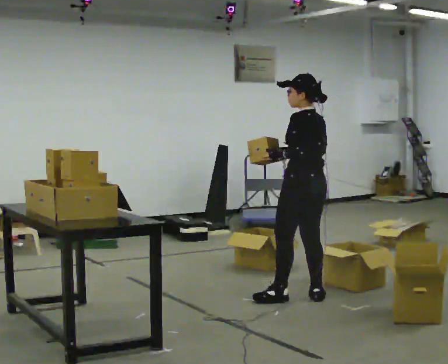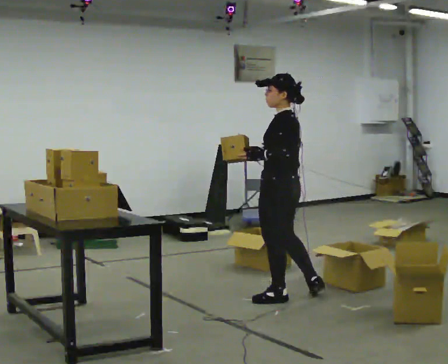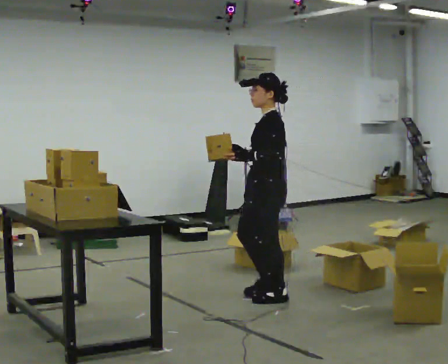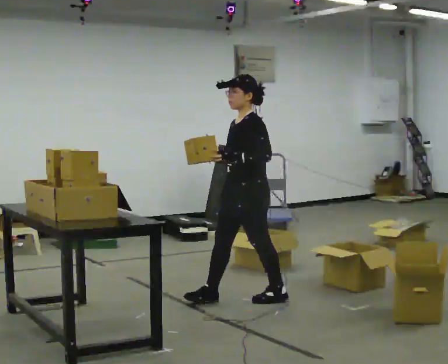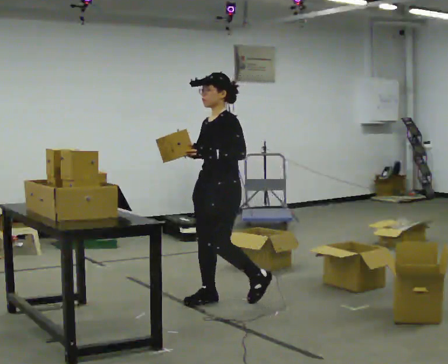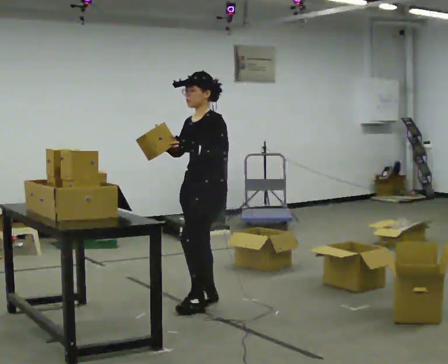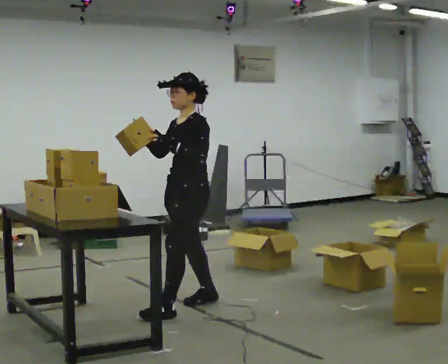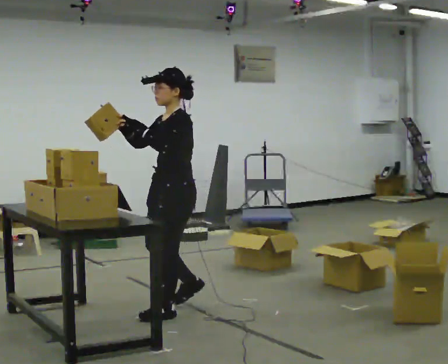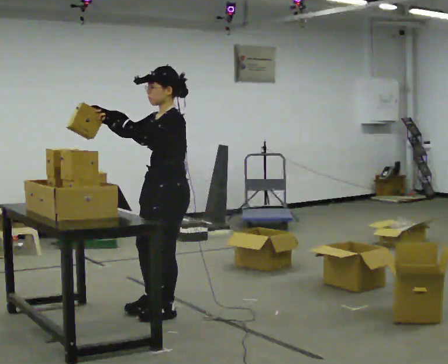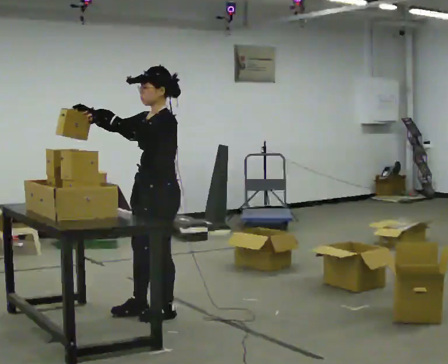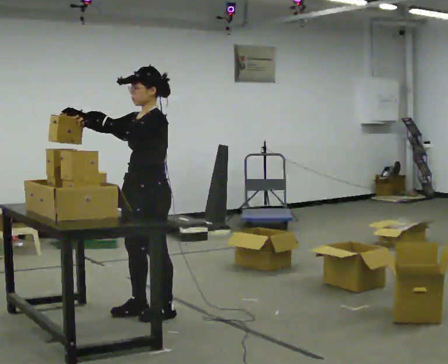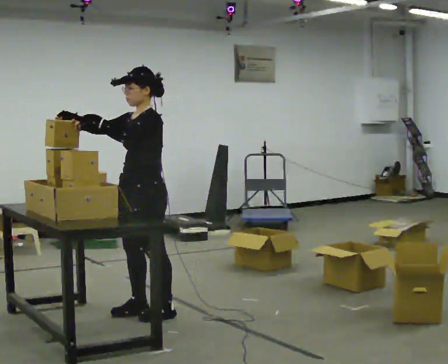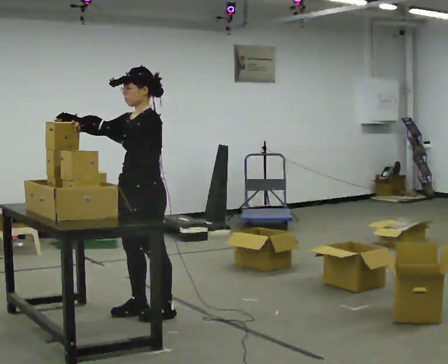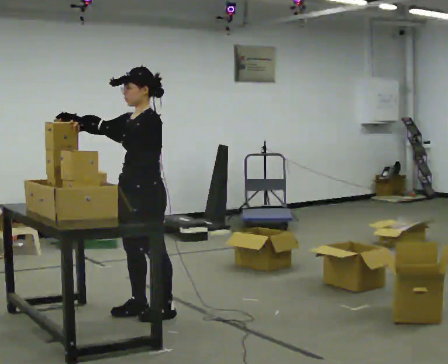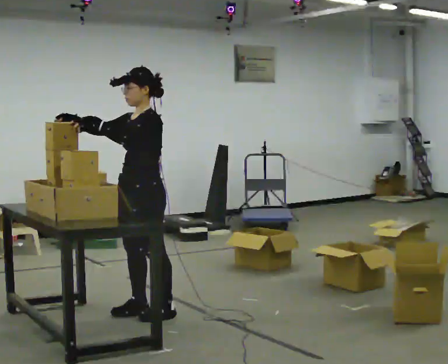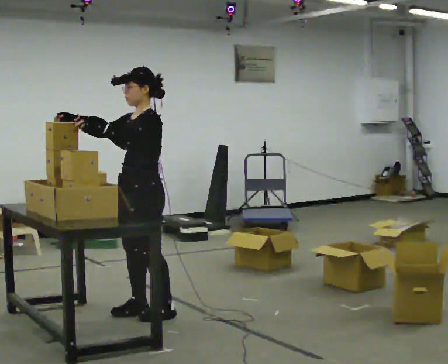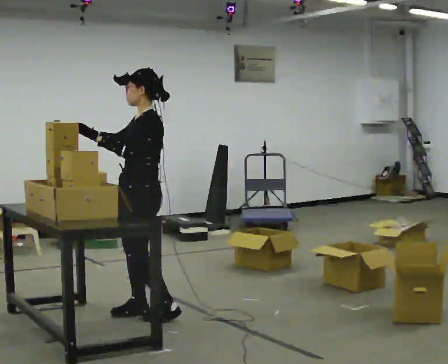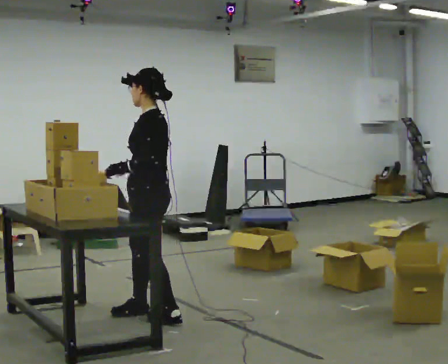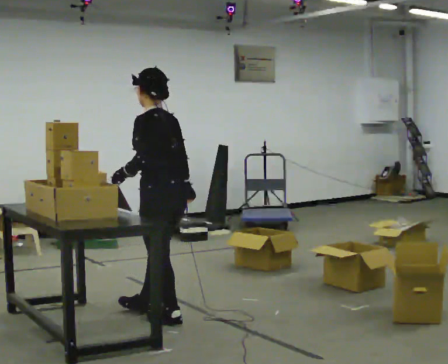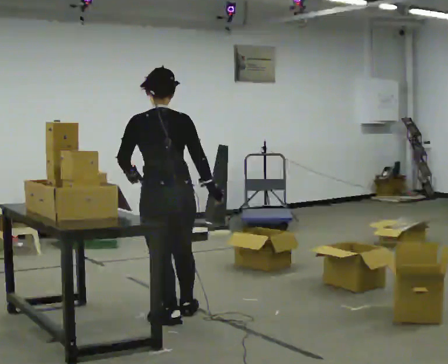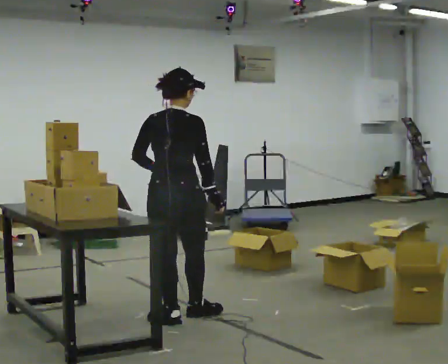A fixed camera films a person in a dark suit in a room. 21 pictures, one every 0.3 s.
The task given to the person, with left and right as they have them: 1. Take the objects out of the box on the table one at a time. 2. Put each one in the bin the operator has labelled for it. 3. Tell the operator when you are finished.
0.0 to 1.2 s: Seen from above the body turns counterclockwise, about 75 degrees: to their left, with its near side sliding to the right. In the picture they go to the left, about 0.5 m in 1 step.
1.2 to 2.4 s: In the picture they go to the left and toward the camera, about 0.5 m in 1 step, which for them is forward.
2.4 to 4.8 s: In the picture they go to the left, about 0.25 m in 1 step, which for them is forward.
4.8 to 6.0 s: The part of the body nearest the lens slides to the left as the person turns to their right by about 120 degrees. In the picture they go to the right, about 0.25 m in 2 steps. In the picture their right hand goes to the right and downward, the arm swinging counterclockwise.
The film runs forward here.
